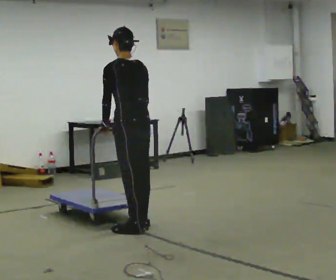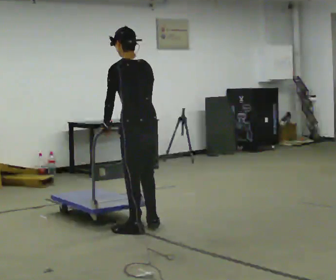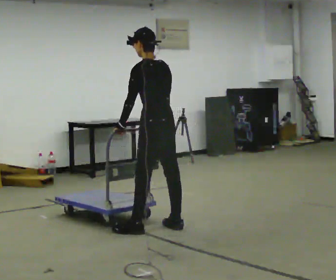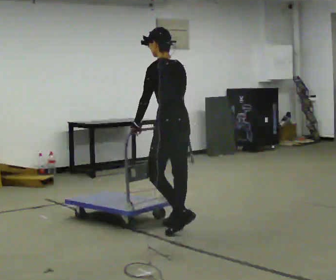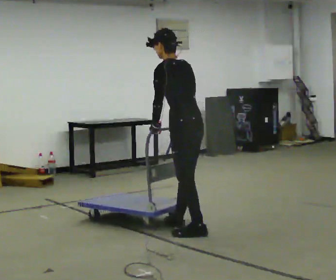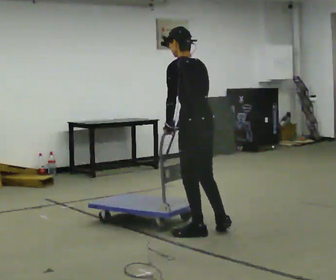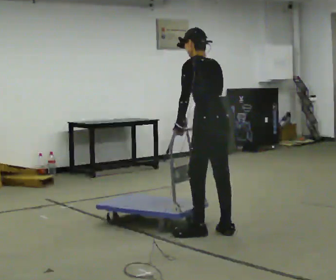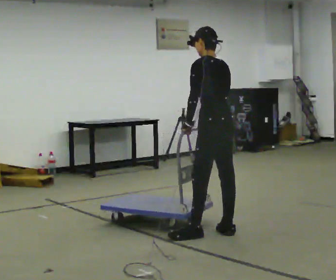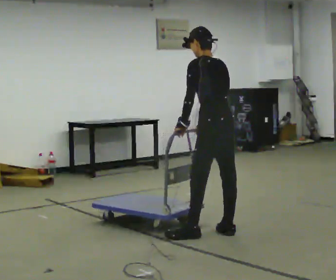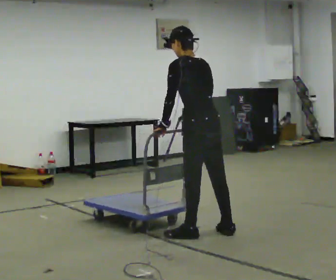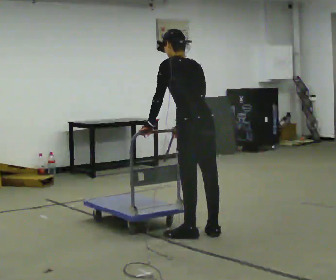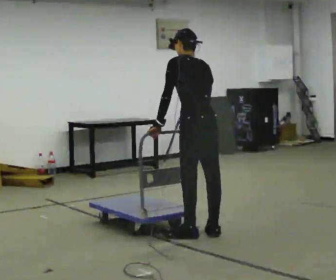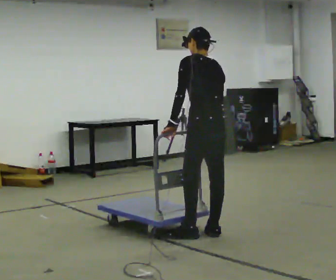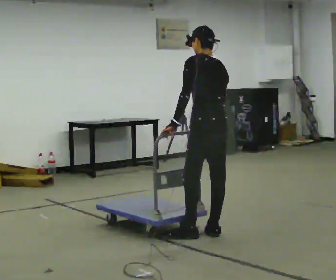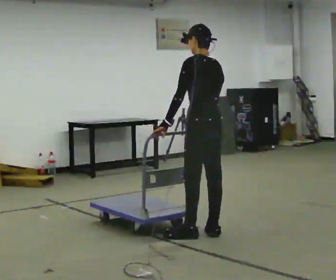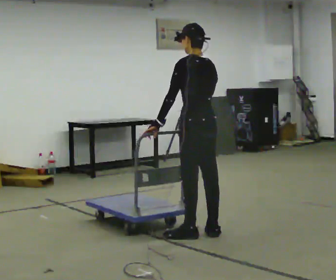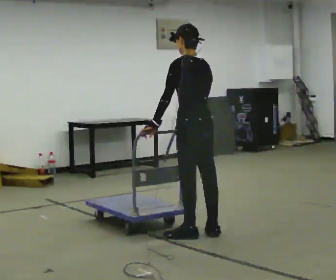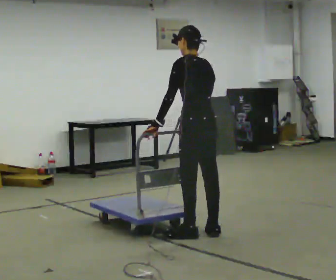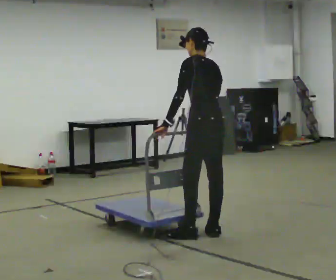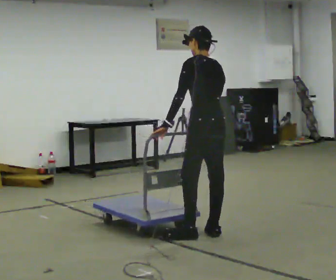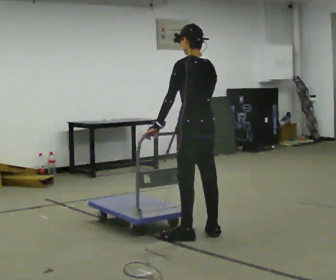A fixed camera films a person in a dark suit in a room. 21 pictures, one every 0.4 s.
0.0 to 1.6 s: In the picture they go to the right, about 0.5 m in 3 steps, which for them is backward and to their right.
1.6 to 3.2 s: In the picture they go to the right, about 0.25 m, which for them is backward.
3.2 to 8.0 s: In the picture they go to the left, about 0.25 m, which for them is to their left.
The film runs backward here.
